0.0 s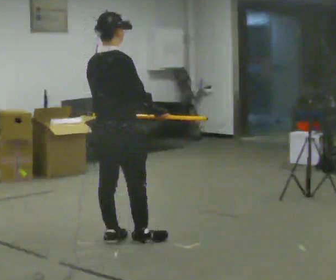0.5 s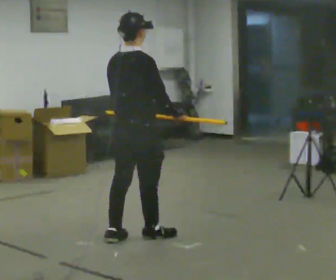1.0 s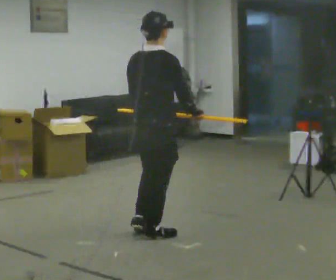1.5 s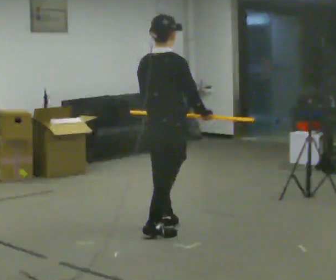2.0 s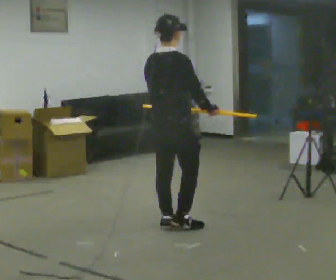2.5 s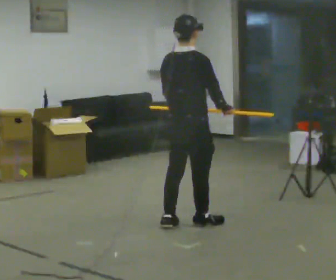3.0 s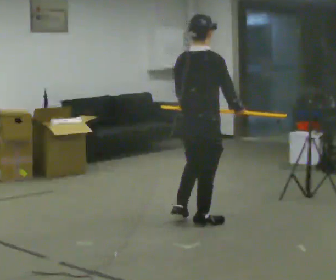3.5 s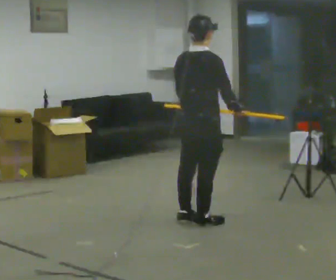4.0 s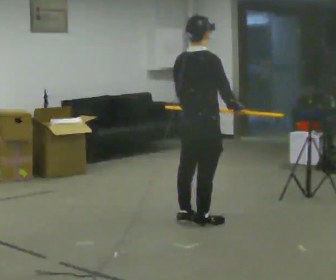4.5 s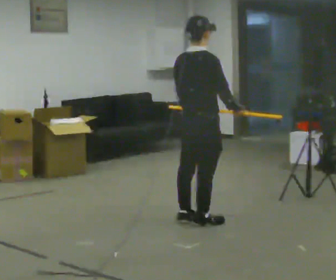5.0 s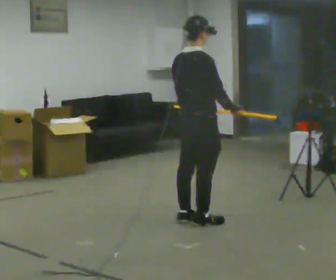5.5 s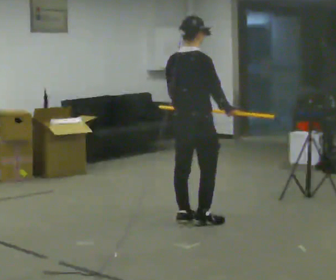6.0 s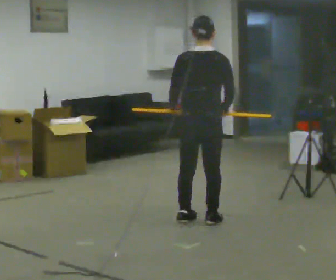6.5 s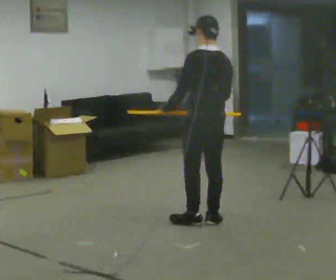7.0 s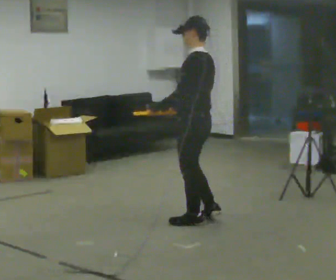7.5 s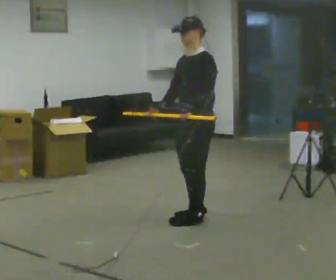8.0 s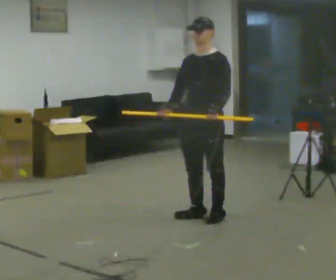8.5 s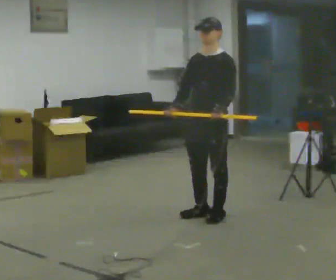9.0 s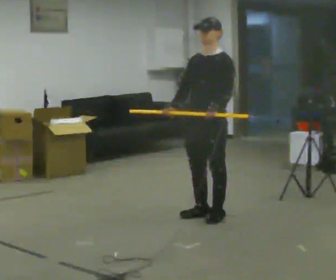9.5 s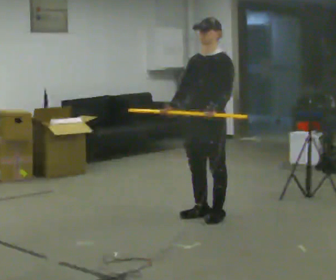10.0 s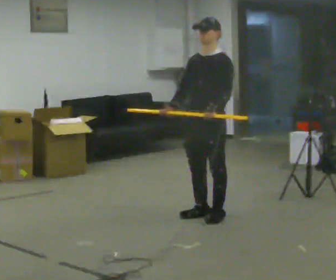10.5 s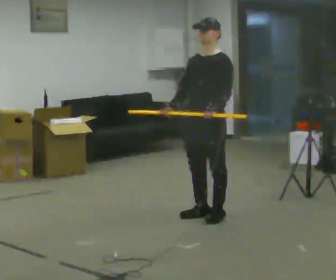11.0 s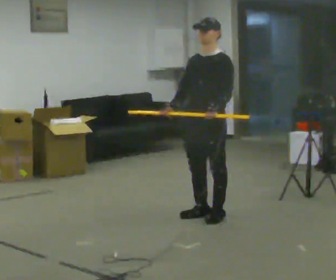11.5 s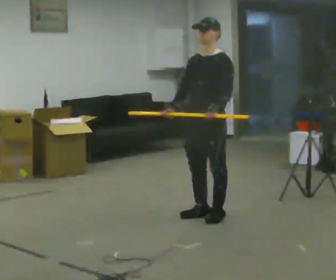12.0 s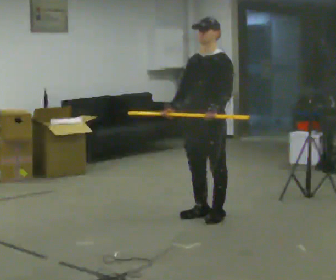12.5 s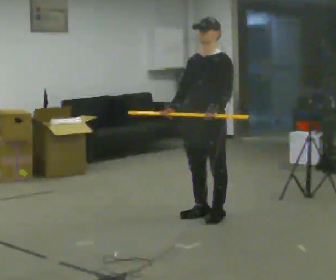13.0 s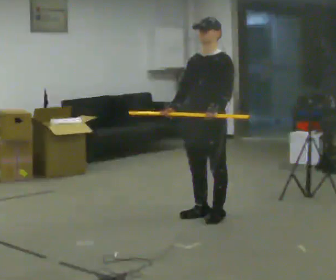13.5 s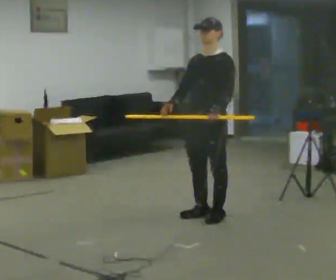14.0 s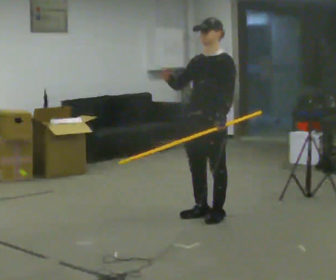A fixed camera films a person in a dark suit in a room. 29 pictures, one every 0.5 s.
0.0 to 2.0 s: In the picture they go away from the camera and to the right, about 0.5 m in 2 steps, which for them is forward.
2.0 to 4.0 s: In the picture they go to the right, about 0.25 m in 2 steps, which for them is forward.
4.0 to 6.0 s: The person turns about 45 degrees to their left, counterclockwise seen from above, so the part of the body nearest the lens slides to the right.
6.0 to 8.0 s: The part of the body nearest the lens slides to the right as the person turns to their left by about 150 degrees. In the picture they go away from the camera, about 0.25 m in 2 steps. In the picture their left hand goes to the right.
8.0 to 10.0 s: The person moves a little, or ends about where they began.
10.0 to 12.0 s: The person keeps their place and pose.
12.0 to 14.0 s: The person moves a little, or ends about where they began.
The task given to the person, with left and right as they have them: Carry the long object across the room and around the corner, turning without hitting anything. Keep going until the operator says stop; one object at a time, and do not rush between trips.
The film runs forward here.
